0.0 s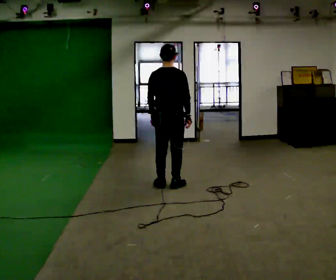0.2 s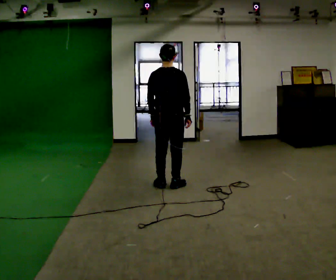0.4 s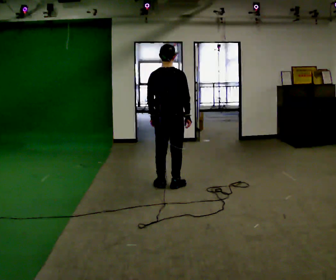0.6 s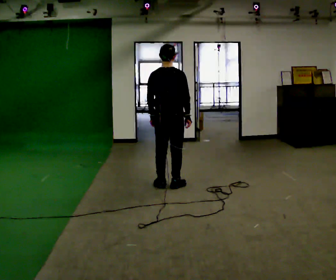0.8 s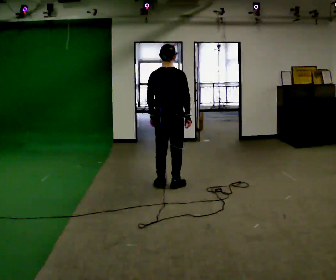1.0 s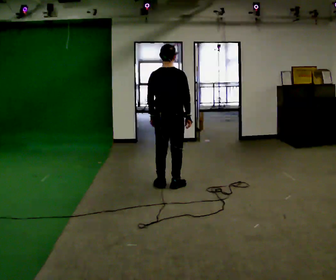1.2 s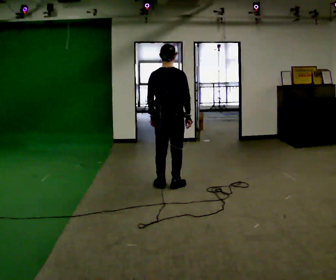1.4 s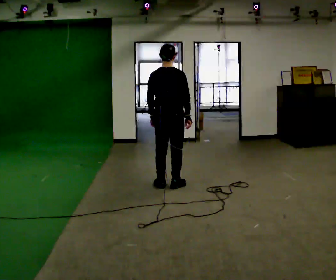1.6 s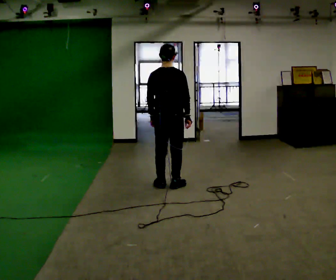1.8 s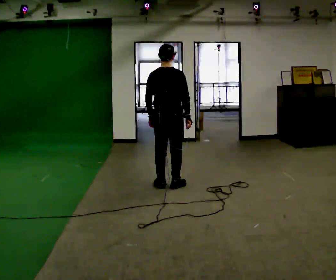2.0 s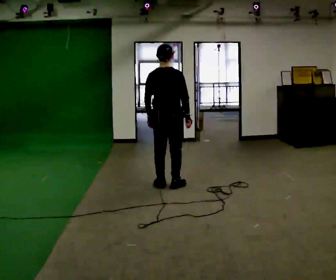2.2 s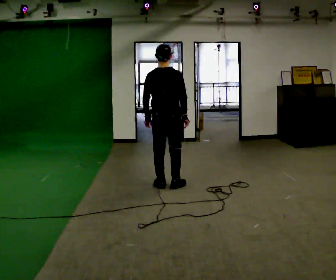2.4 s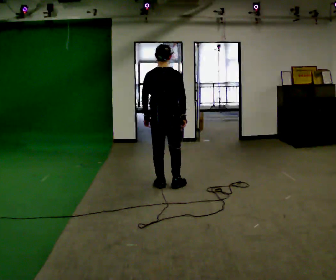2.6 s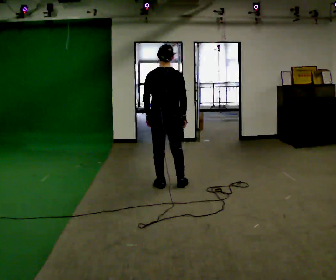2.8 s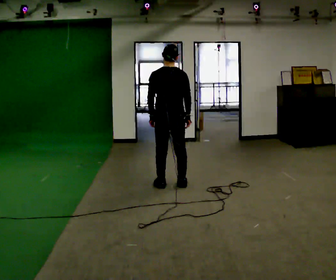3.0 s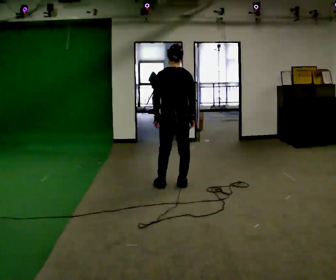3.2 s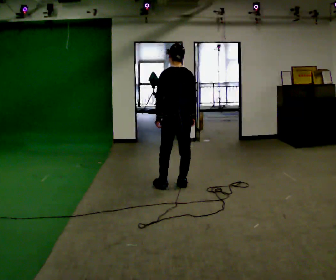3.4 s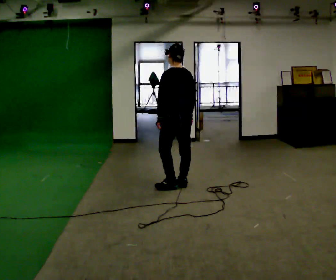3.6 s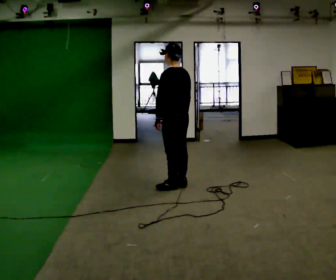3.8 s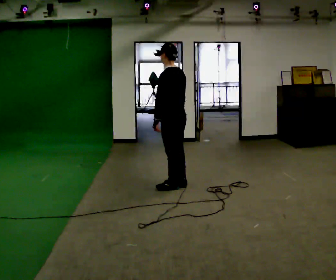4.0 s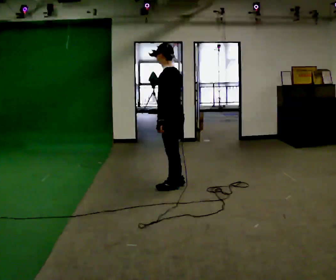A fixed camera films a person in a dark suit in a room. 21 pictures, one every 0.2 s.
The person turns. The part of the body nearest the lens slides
to the right.
The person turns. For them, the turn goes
to their left.
0.0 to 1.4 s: The person keeps their place and pose.
1.4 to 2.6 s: The person moves a little, or ends about where they began.
2.6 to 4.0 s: The person turns about 60 degrees to their left, counterclockwise seen from above, so the part of the body nearest the lens slides to the right.
The film runs backward here.
